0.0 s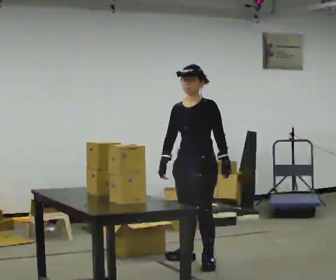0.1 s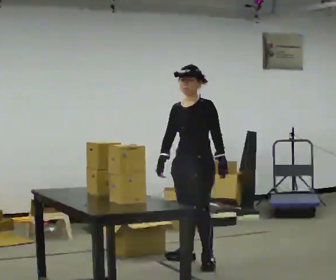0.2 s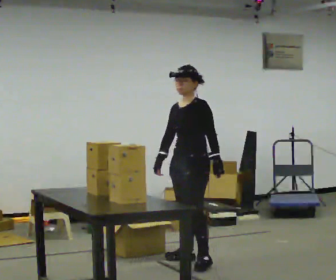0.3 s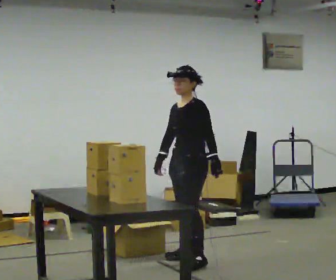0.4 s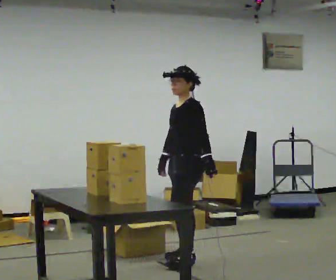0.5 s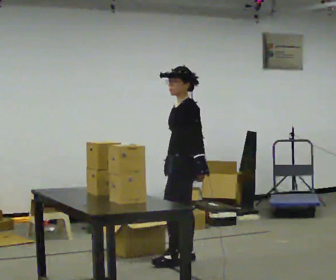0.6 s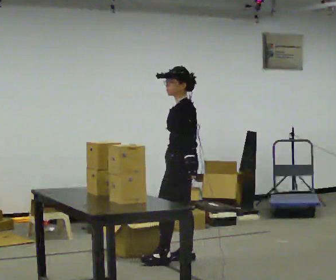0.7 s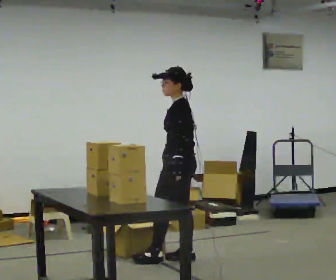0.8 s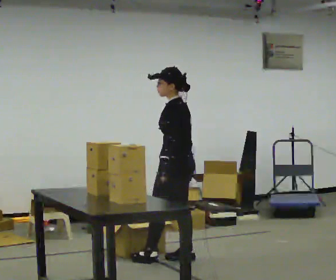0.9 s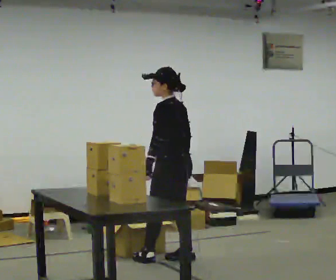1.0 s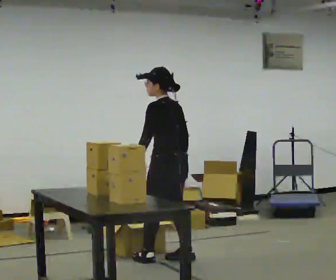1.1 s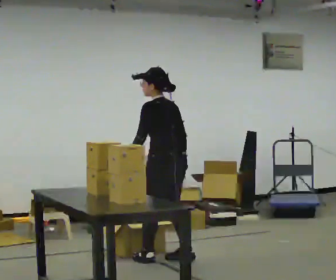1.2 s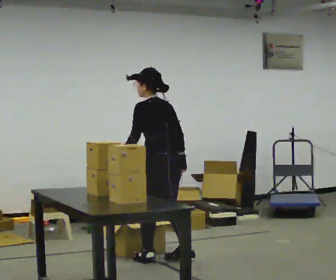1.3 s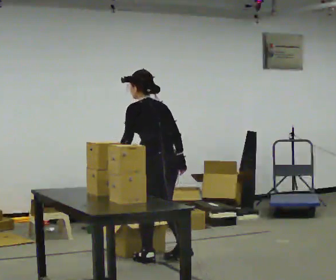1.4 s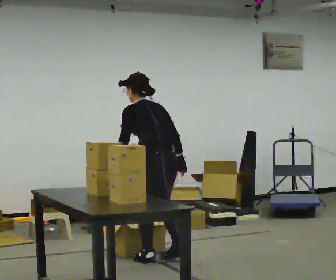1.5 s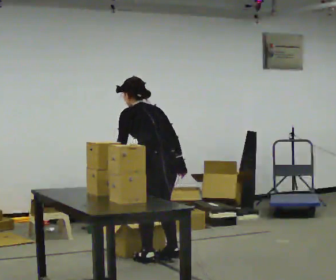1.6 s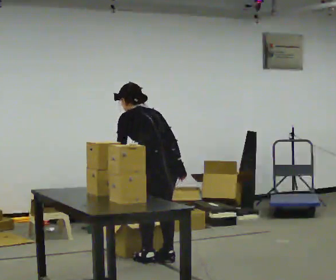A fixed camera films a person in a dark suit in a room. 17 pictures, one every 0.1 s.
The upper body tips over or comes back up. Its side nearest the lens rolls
upward.
Their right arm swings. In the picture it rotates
counterclockwise.
0.0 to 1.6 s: Seen from above the body turns clockwise, about 105 degrees: to their right, with its near side sliding to the left. In the picture they go to the left, about 0.25 m in 2 steps. The upper body tips away from the camera, its near side rolling upward, as they bend forward.
The film runs backward here.
